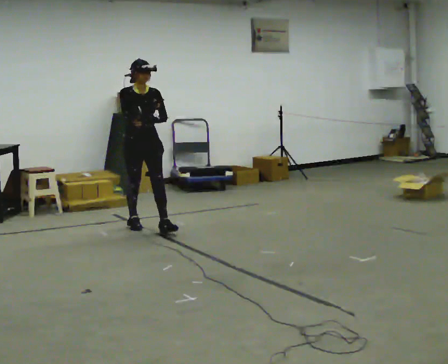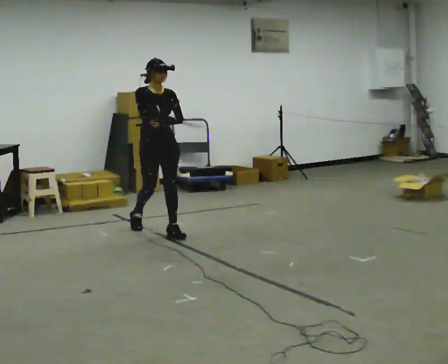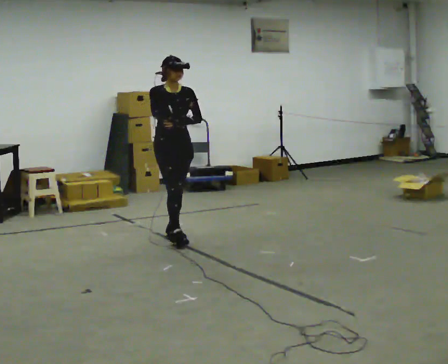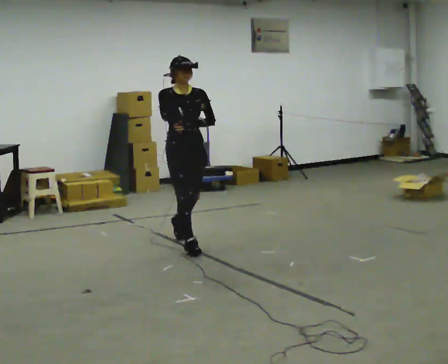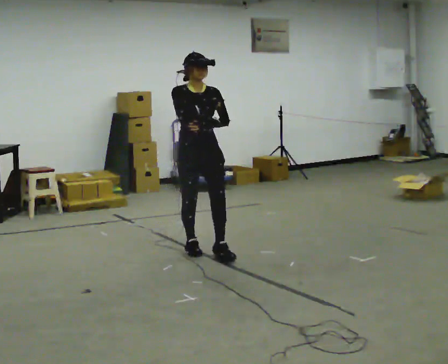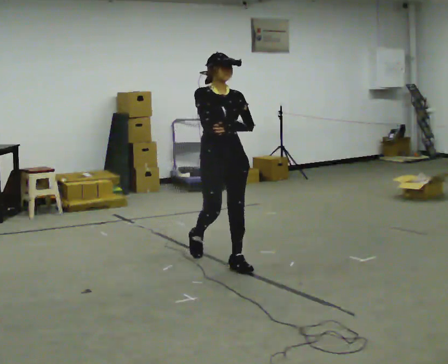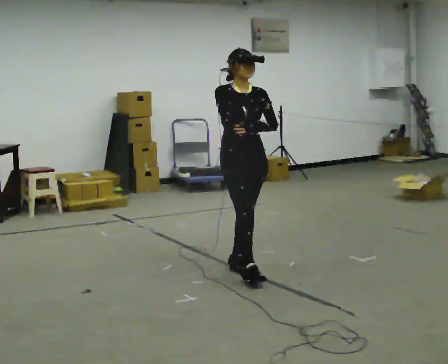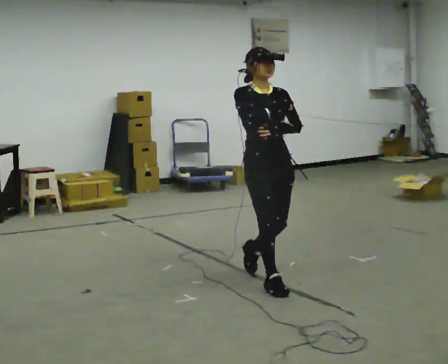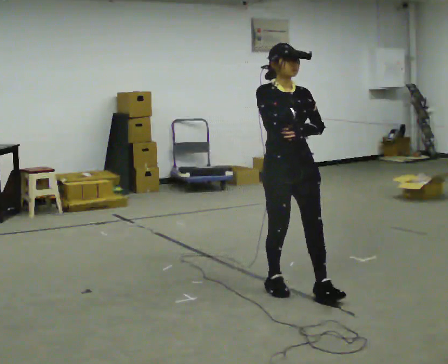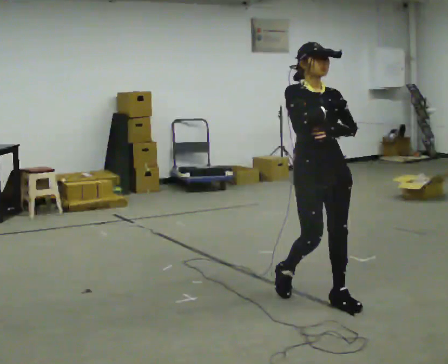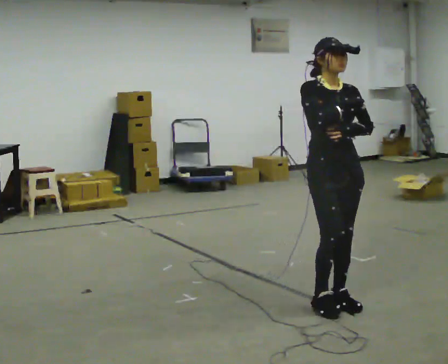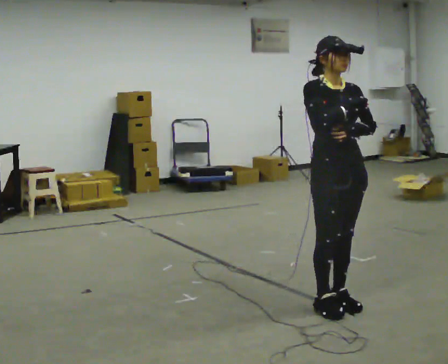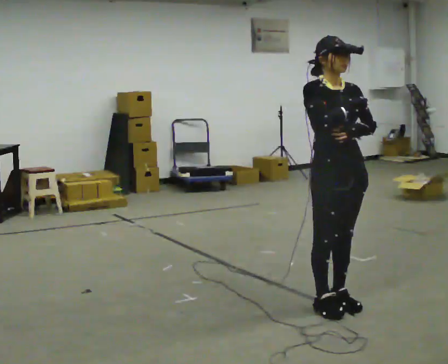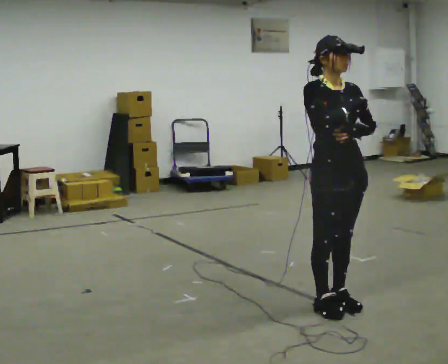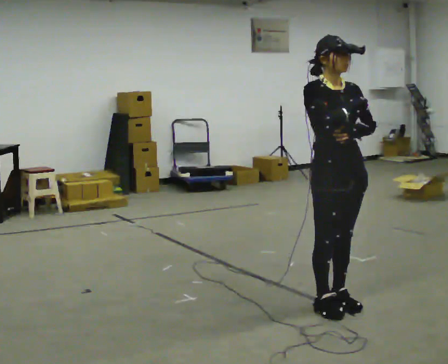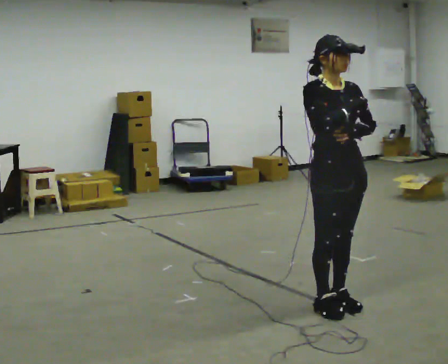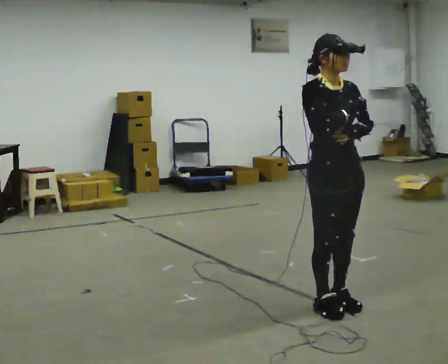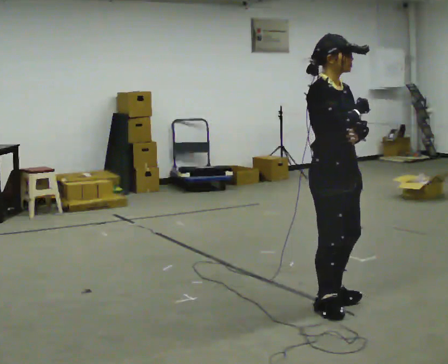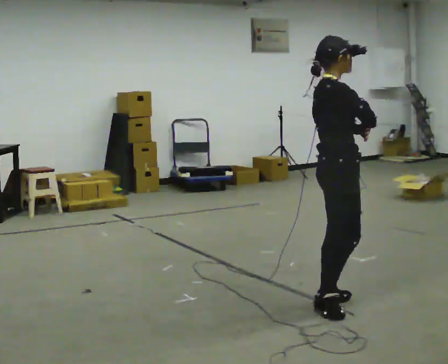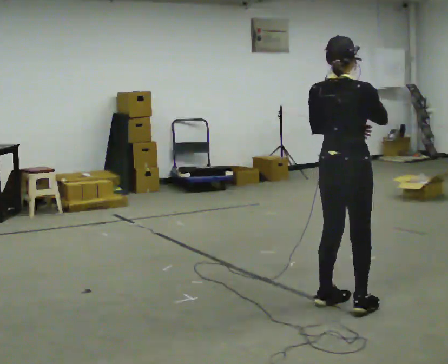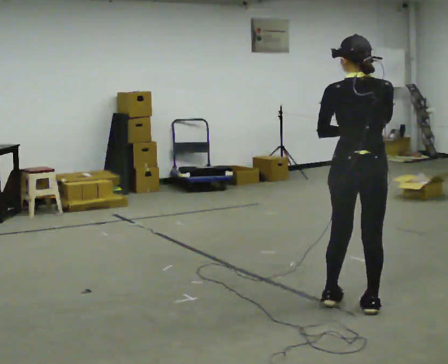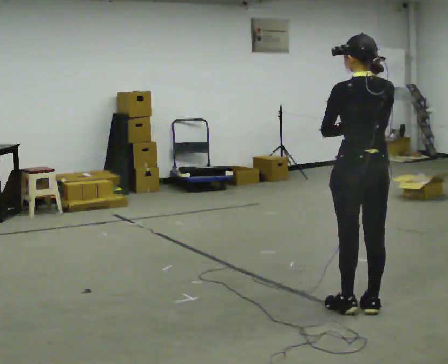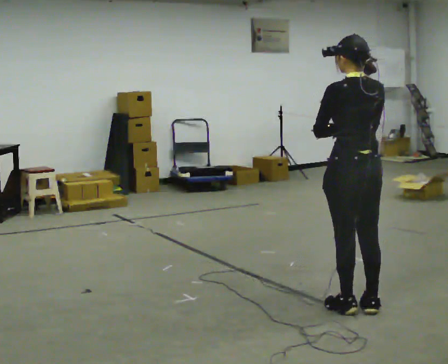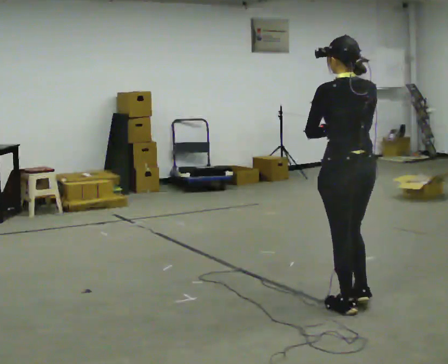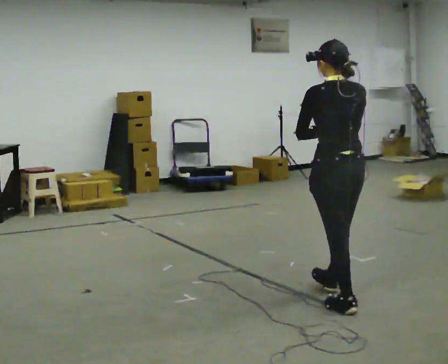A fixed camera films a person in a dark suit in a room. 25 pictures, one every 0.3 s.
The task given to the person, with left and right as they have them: Walk normally but hold both hands together in front of you at chest height; do not swing your arms; stop.
0.0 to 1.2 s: In the picture they go toward the camera and to the right, about 1 m in 2 steps, which for them is forward.
1.2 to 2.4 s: In the picture they go toward the camera and to the right, about 1 m in 2 steps, which for them is forward.
2.4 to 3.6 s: In the picture they go to the right and toward the camera, about 0.5 m in 2 steps, which for them is forward.
3.6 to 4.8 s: The person moves a little, or ends about where they began.
4.8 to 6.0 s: The person turns about 135 degrees to their left, counterclockwise seen from above, so the part of the body nearest the lens slides to the right. In the picture they go to the right, about 0.25 m in 1 step.
6.0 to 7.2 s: The person turns about 30 degrees to their left, counterclockwise seen from above, so the part of the body nearest the lens slides to the right.
The film runs forward here.
